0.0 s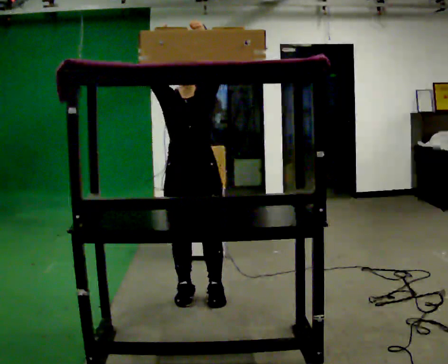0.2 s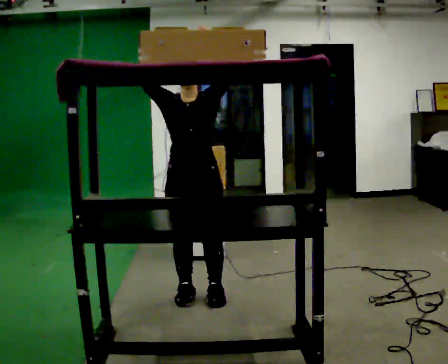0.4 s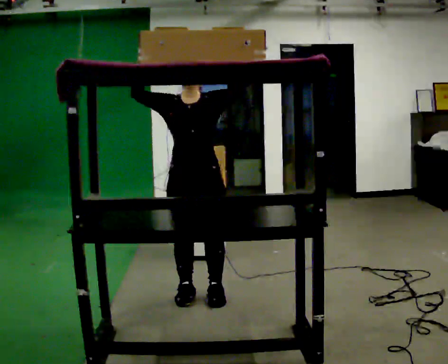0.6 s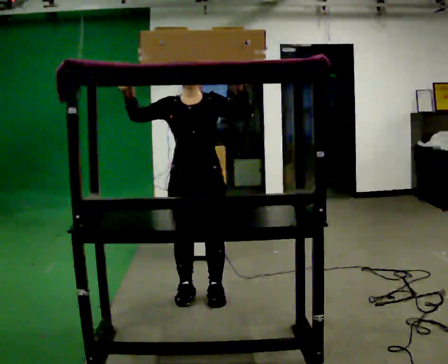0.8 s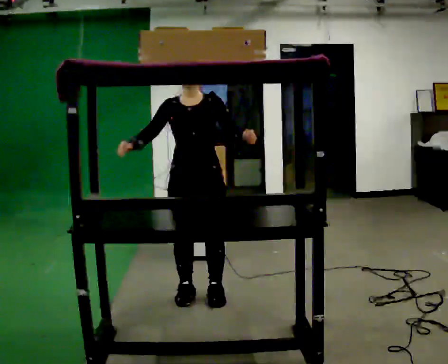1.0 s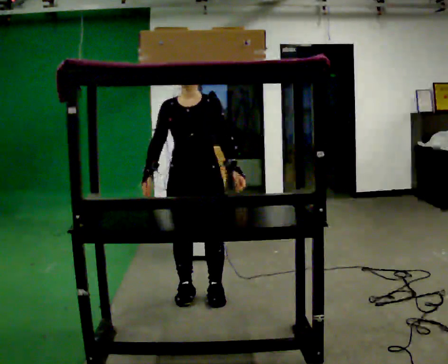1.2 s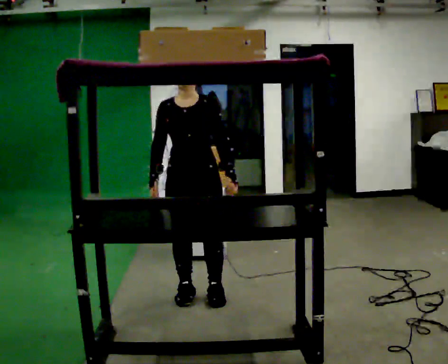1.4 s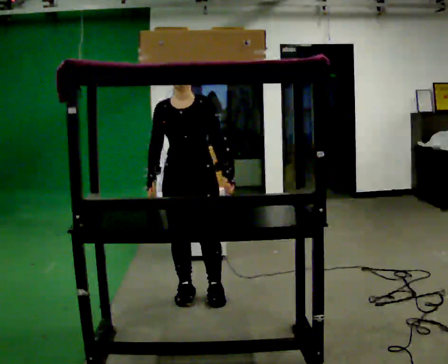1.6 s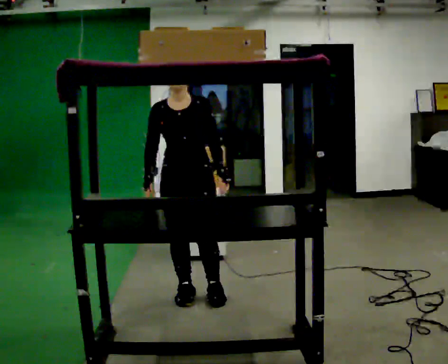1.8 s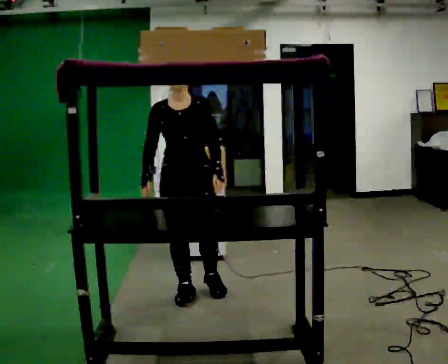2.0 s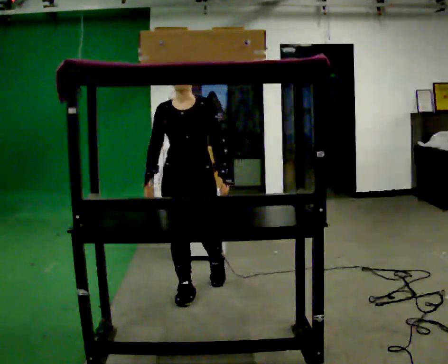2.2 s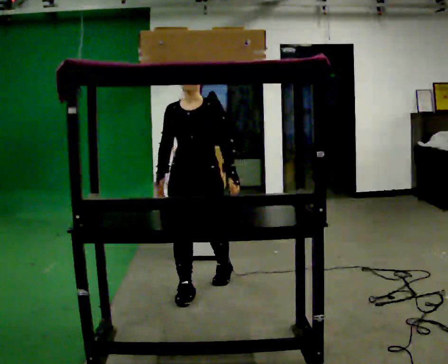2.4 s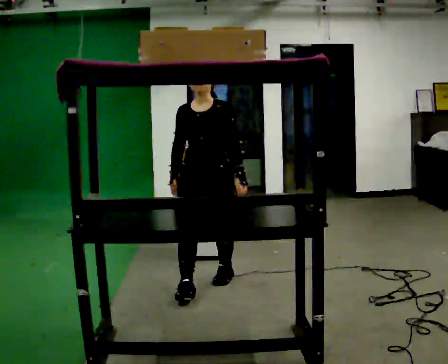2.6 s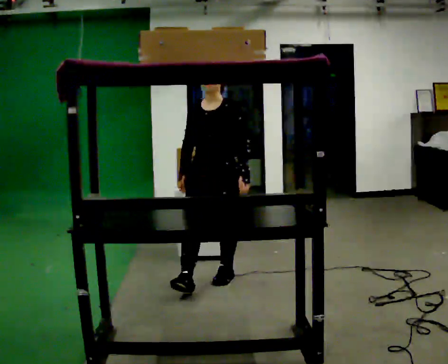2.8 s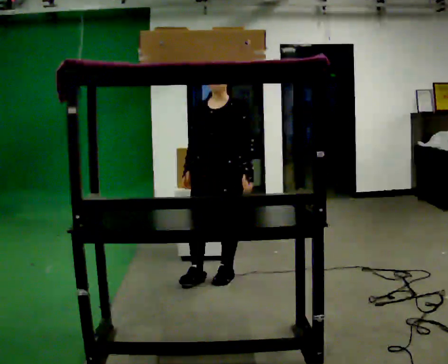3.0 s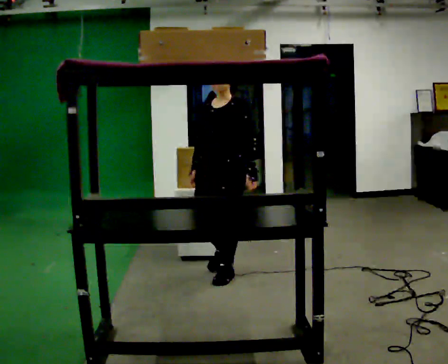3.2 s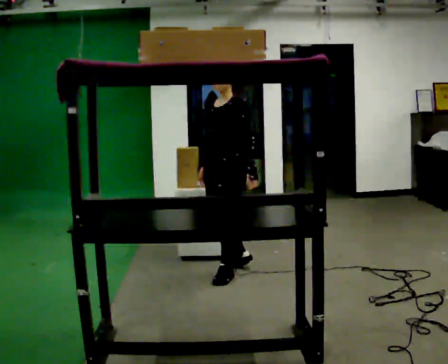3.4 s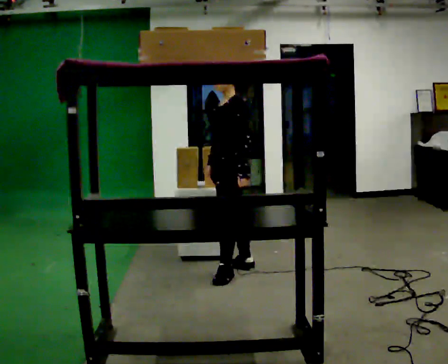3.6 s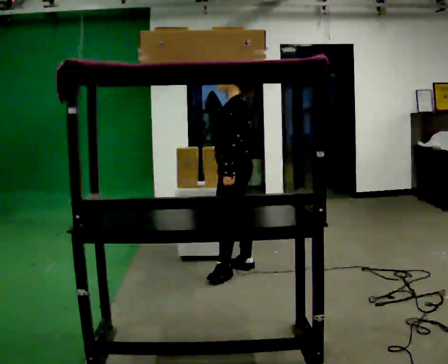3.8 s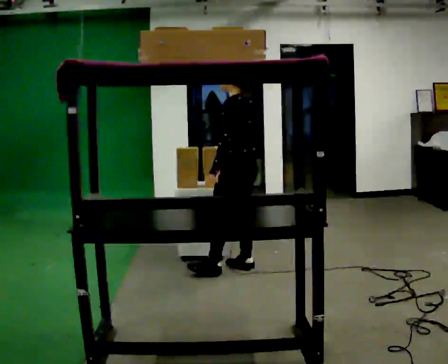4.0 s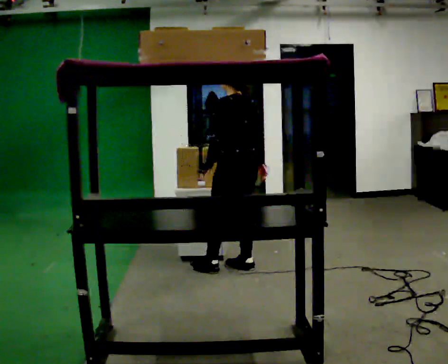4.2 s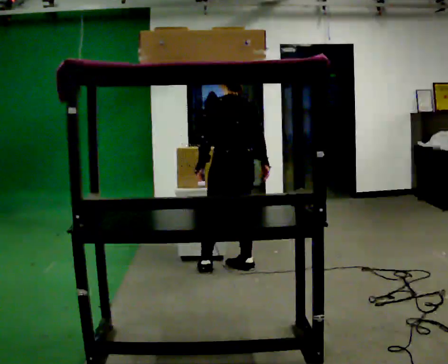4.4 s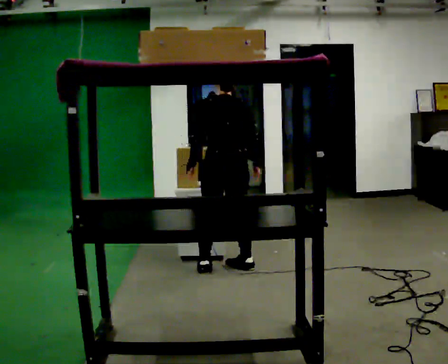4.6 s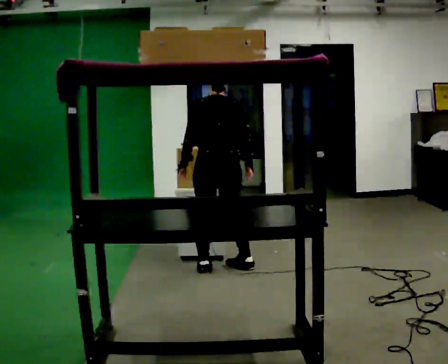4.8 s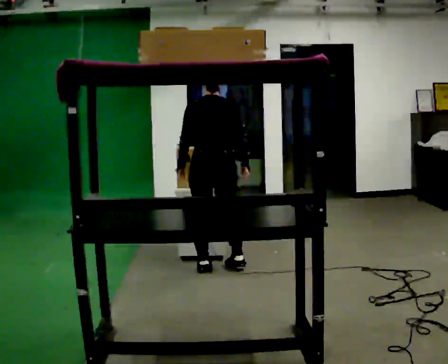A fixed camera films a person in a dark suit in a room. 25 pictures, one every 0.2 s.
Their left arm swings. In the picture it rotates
clockwise.
Their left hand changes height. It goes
downward.
0.0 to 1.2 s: In the picture their right hand goes downward, the arm swinging counterclockwise.
1.2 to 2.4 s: In the picture they go away from the camera, about 0.25 m in 1 step, which for them is backward.
2.4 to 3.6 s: Seen from above the body turns clockwise, about 75 degrees: to their right, with its near side sliding to the left. In the picture they go away from the camera and to the right, about 0.5 m in 1 step.
3.6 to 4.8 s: Seen from above the body turns clockwise, about 90 degrees: to their right, with its near side sliding to the left. In the picture they go to the left, about 0.25 m in 1 step. In the picture their left hand goes to the left.
The film runs backward here.
